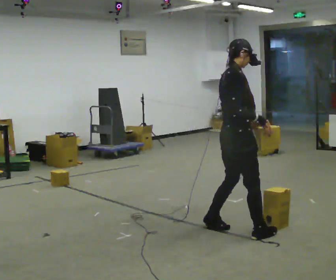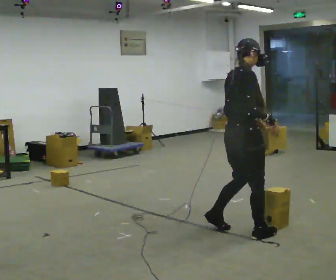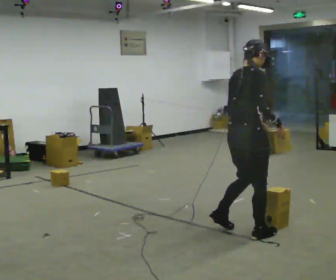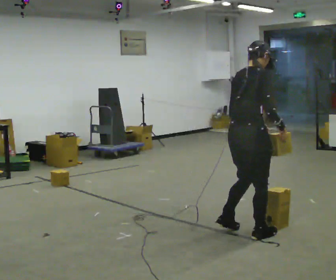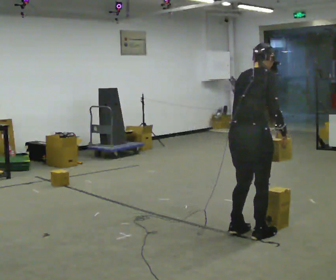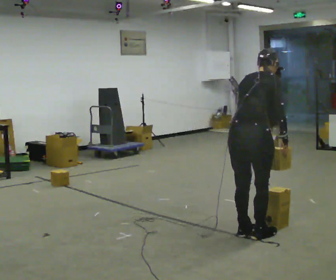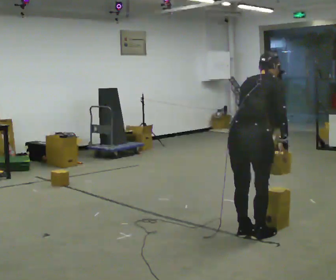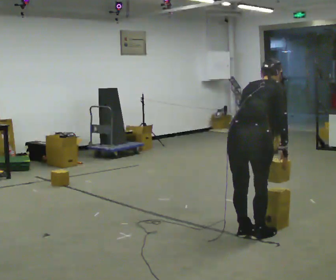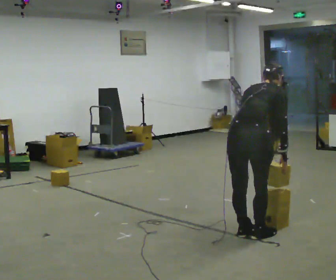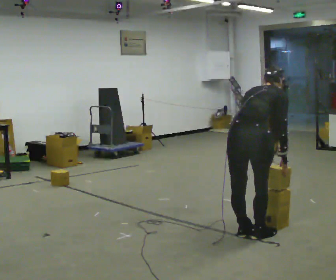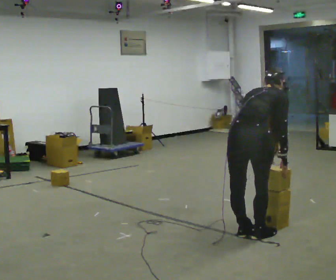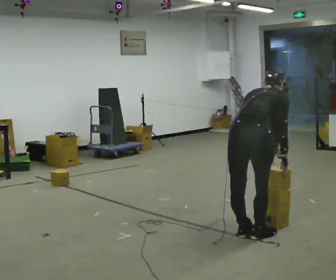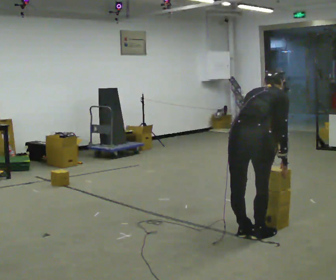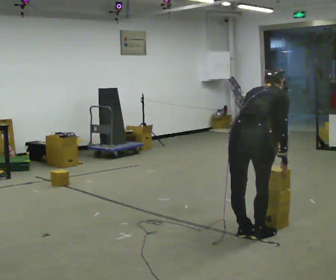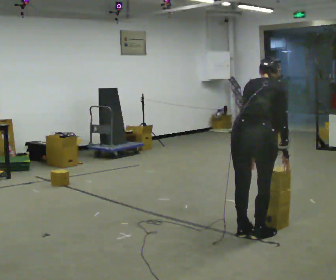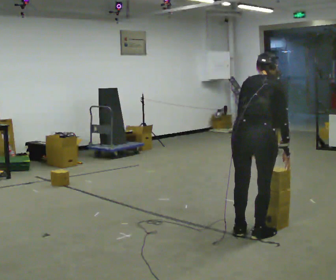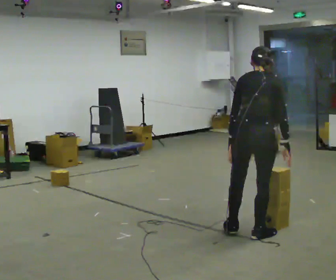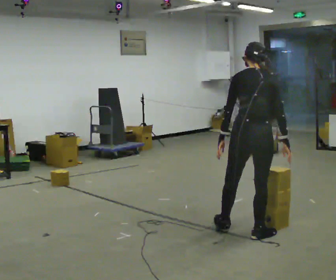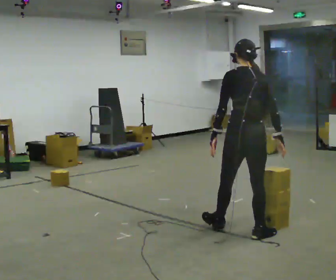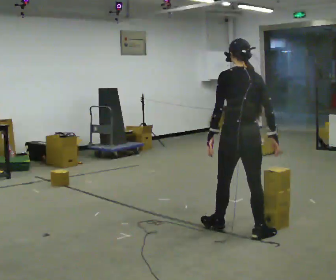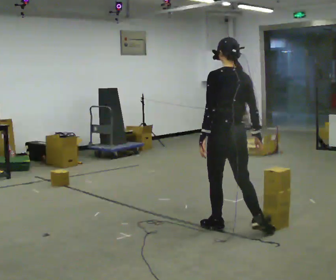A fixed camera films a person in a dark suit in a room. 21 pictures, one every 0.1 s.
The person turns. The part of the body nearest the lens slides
to the right.
The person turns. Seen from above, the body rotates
counterclockwise.
0.0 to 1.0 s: Seen from above the body turns counterclockwise, about 45 degrees: to their left, with its near side sliding to the right. In the picture they go toward the camera, about 0.25 m in 1 step, which for them is to their right. The upper body goes downward. The upper body tips away from the camera, its near side rolling upward, as they bend forward.
1.0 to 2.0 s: Seen from above the body turns counterclockwise, about 45 degrees: to their left, with its near side sliding to the right. In the picture they go away from the camera, about 0.25 m in 1 step, which for them is forward and to their left. The upper body goes upward. The upper body tips toward the camera, its near side rolling downward, as they lean back or straighten.
The film runs forward here.
